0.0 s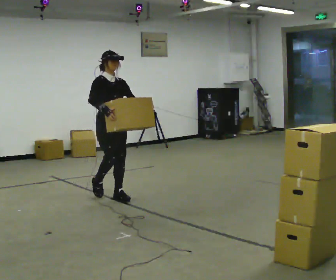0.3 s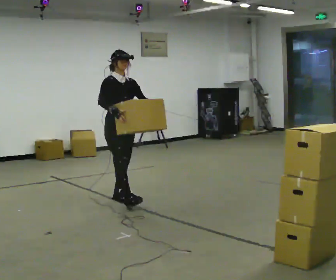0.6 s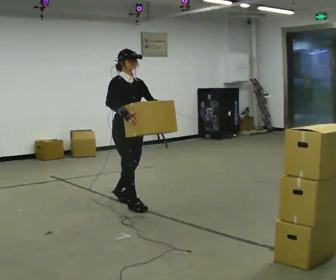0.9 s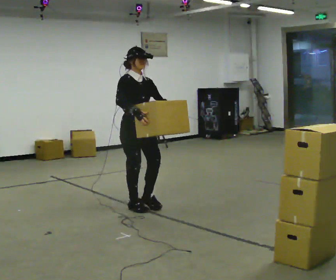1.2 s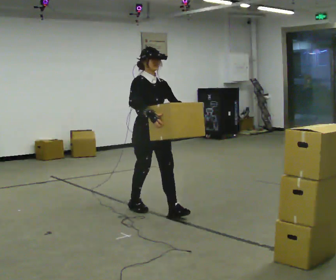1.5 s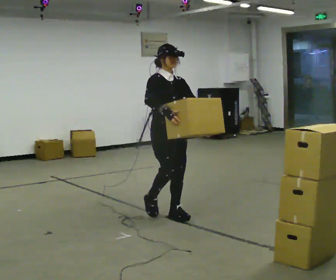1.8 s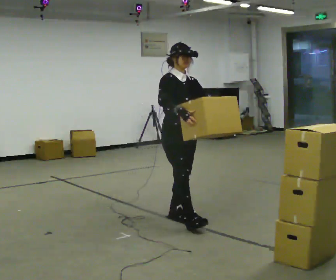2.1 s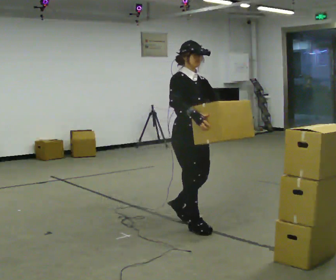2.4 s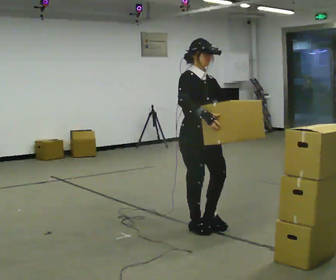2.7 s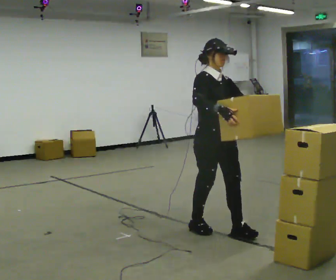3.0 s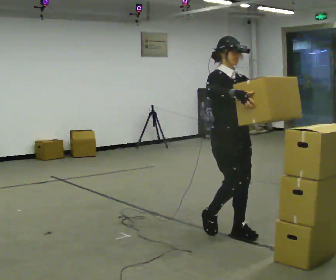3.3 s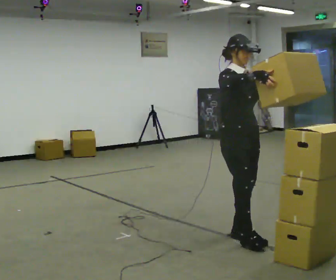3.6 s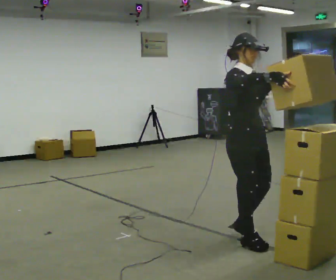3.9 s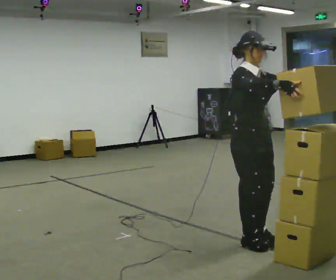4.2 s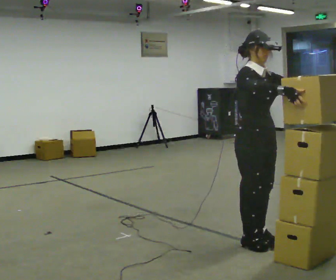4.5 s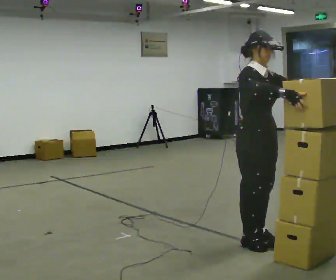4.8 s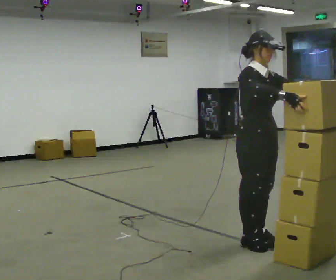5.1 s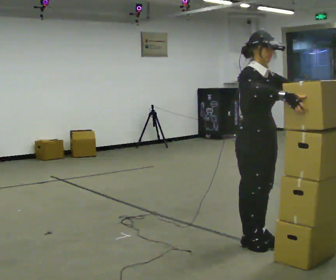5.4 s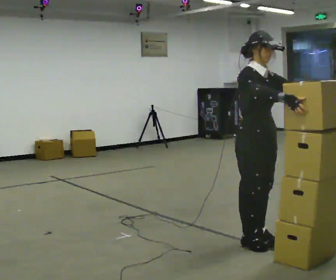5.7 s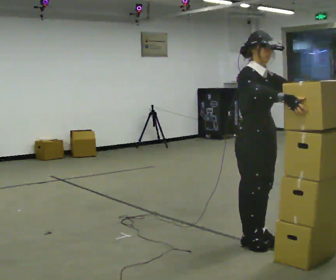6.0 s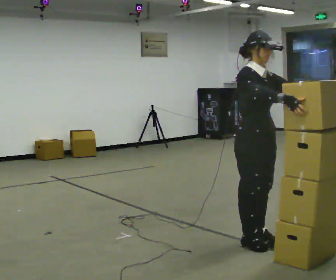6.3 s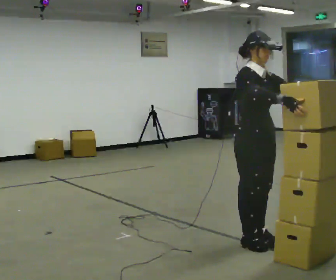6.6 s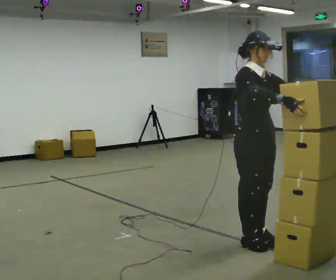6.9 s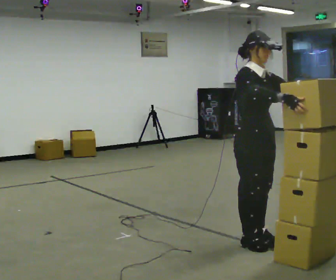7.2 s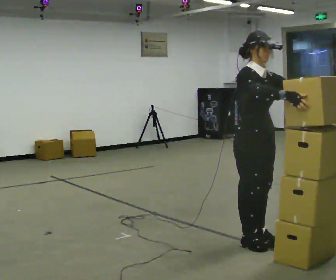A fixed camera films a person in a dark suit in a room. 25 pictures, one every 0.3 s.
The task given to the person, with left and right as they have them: Carry the stack of boxes across the room without letting it fall over, then bring it back. Keep going until the operator says stop; one object at a time, and do not rush between trips.
0.0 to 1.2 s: In the picture they go to the right and toward the camera, about 0.5 m in 2 steps, which for them is forward.
1.2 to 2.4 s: In the picture they go toward the camera and to the right, about 0.75 m in 1 step, which for them is forward.
2.4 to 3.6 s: In the picture they go to the right and toward the camera, about 0.5 m in 2 steps, which for them is forward.
3.6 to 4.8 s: The person moves a little, or ends about where they began.
4.8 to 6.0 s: The person keeps their place and pose.
6.0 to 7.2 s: The person moves a little, or ends about where they began.
The film runs forward here.
